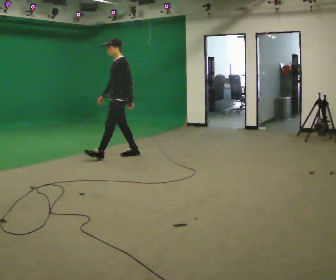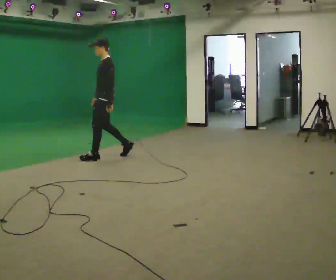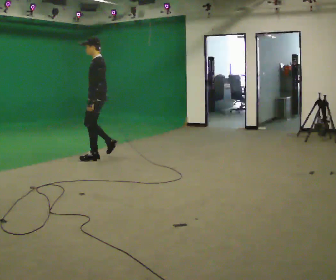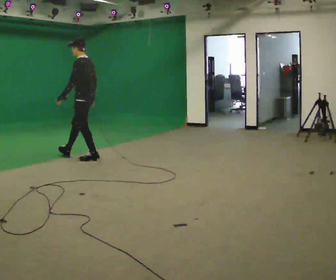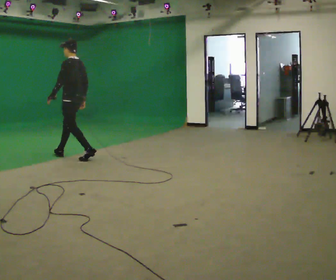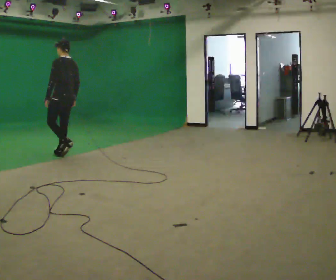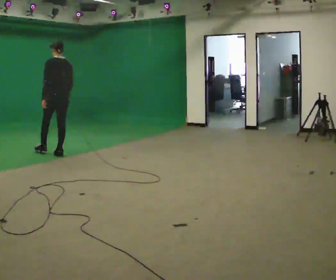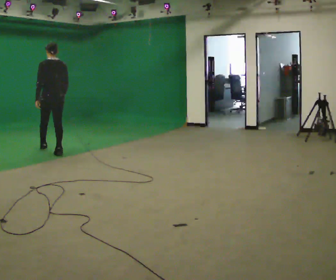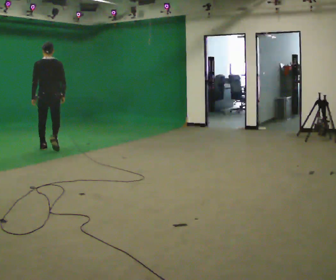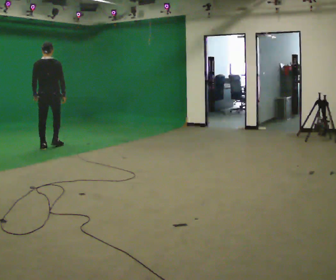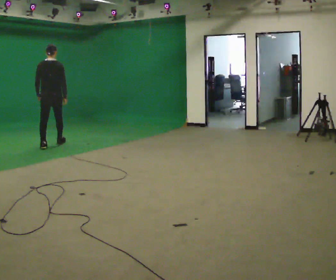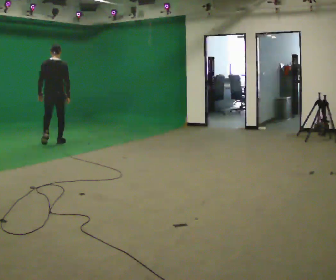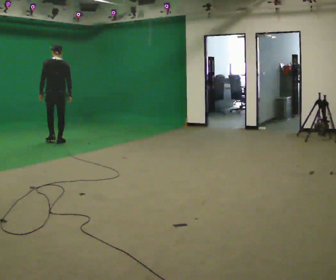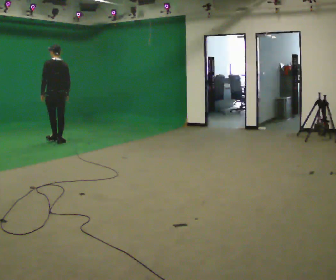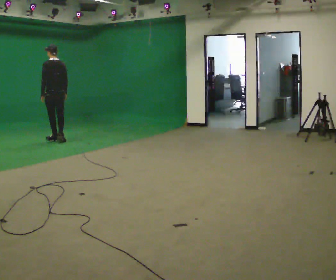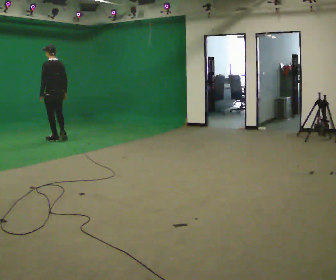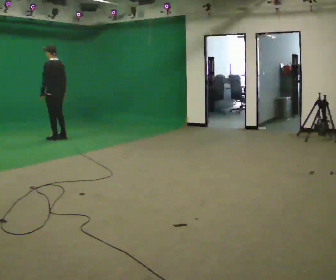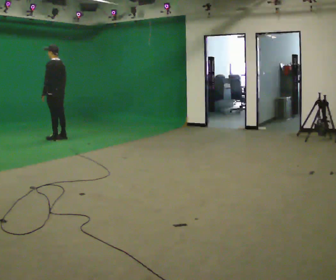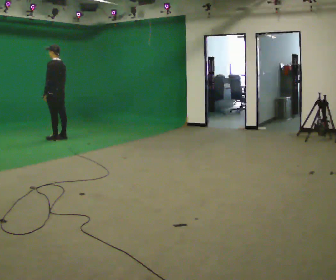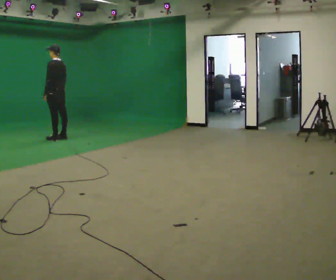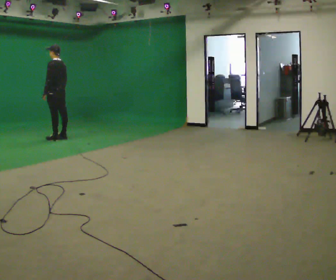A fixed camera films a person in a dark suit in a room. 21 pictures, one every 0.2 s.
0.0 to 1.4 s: The person turns about 75 degrees to their right, clockwise seen from above, so the part of the body nearest the lens slides to the left. In the picture they go to the left and away from the camera, about 1 m in 3 steps.
1.4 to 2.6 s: In the picture they go away from the camera, about 1 m in 2 steps, which for them is forward.
2.6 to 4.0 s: The part of the body nearest the lens slides to the right as the person turns to their left by about 30 degrees. In the picture they go away from the camera, about 0.25 m in 1 step, which for them is to their right and forward.
The film runs forward here.
